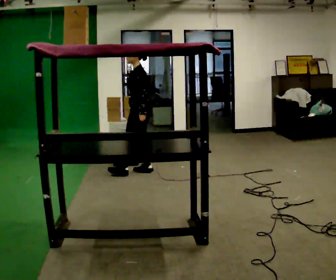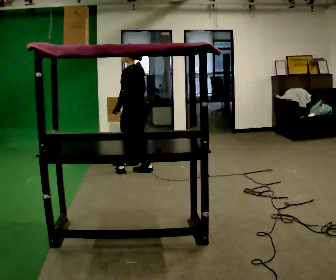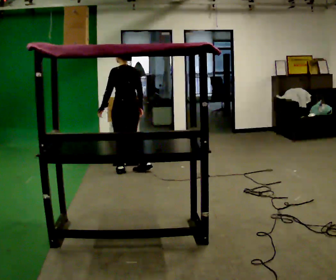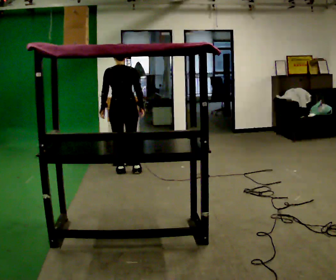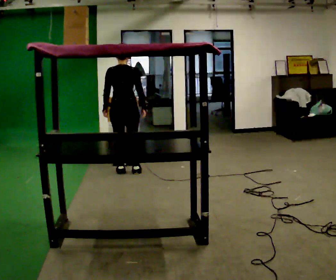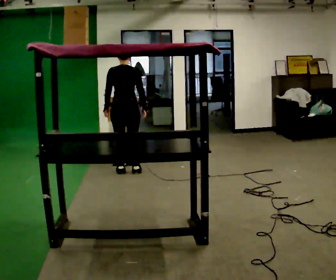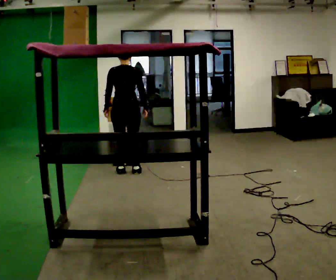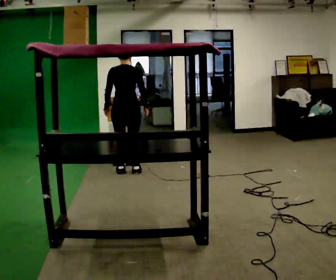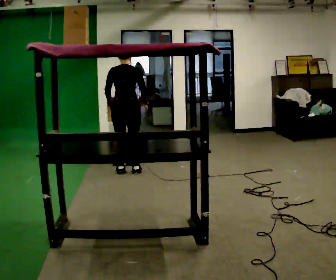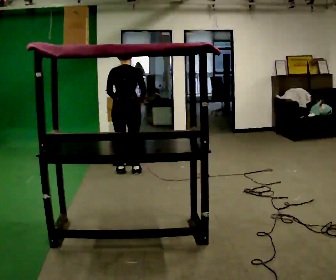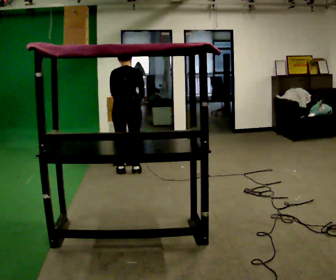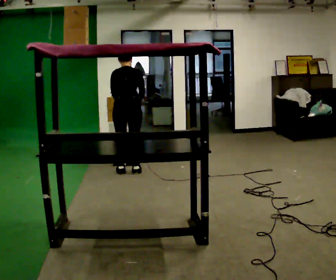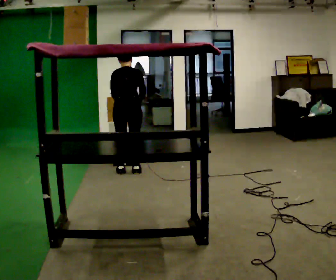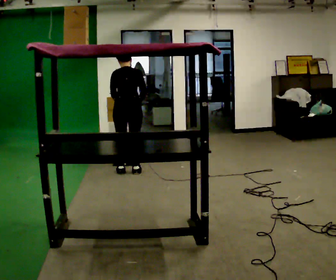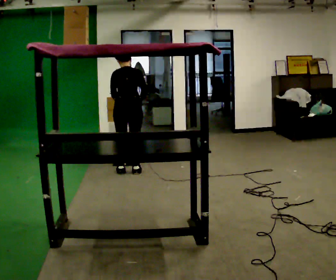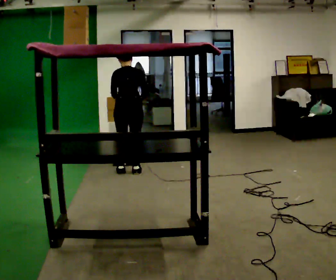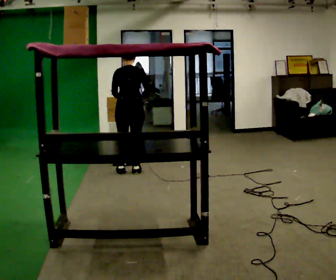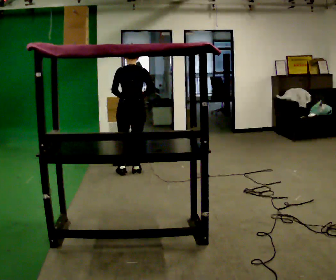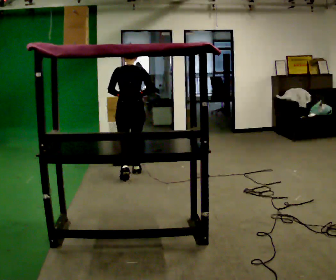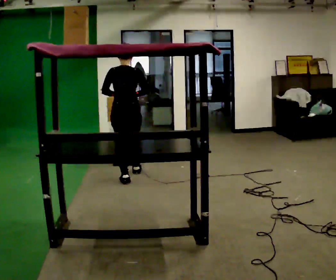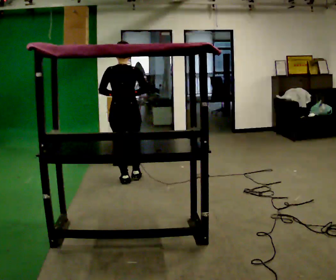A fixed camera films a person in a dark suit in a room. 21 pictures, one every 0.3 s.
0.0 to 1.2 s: Seen from above the body turns clockwise, about 90 degrees: to their right, with its near side sliding to the left. In the picture they go to the left, about 0.25 m in 1 step. In the picture their left hand goes to the left.
1.2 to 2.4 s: The person moves a little, or ends about where they began.
2.4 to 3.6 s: The upper body tips away from the camera, its near side rolling upward, as they bend forward.
3.6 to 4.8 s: The person moves a little, or ends about where they began.
4.8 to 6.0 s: In the picture they go toward the camera, about 0.25 m in 2 steps, which for them is backward. The upper body tips toward the camera, its near side rolling downward, as they lean back or straighten.
The film runs backward here.
